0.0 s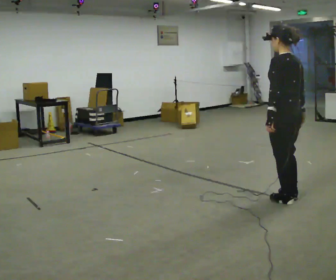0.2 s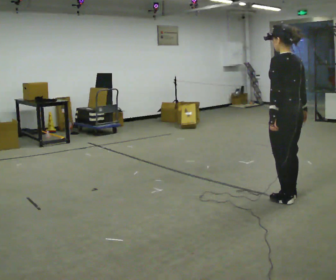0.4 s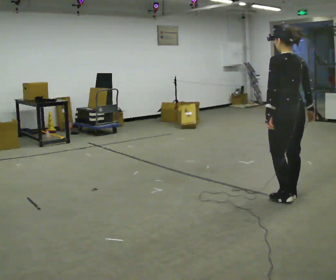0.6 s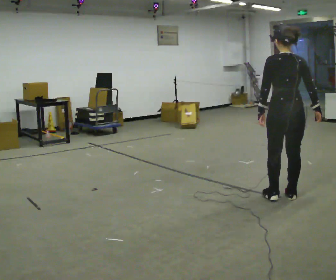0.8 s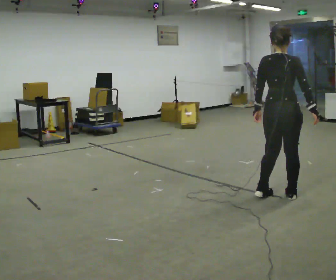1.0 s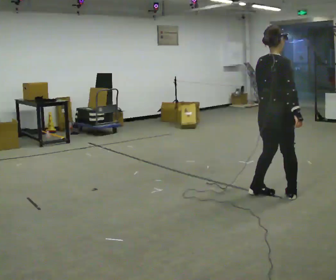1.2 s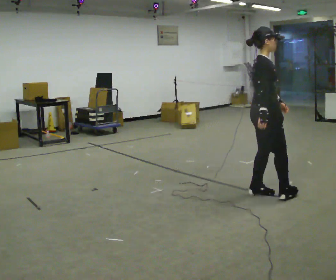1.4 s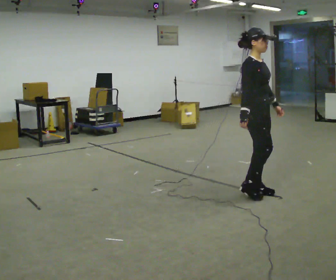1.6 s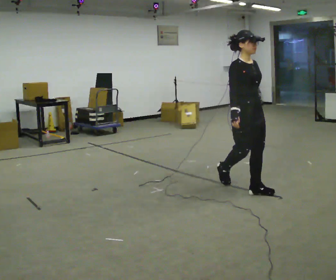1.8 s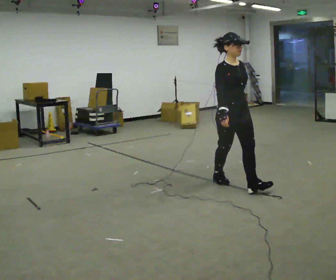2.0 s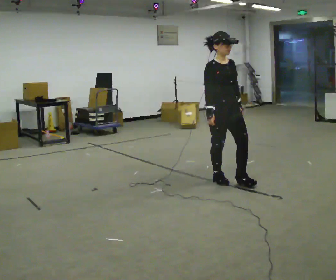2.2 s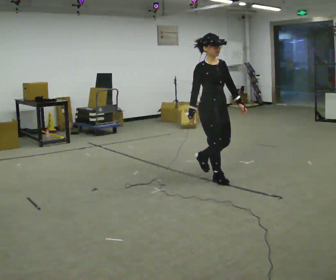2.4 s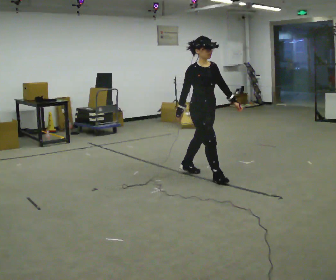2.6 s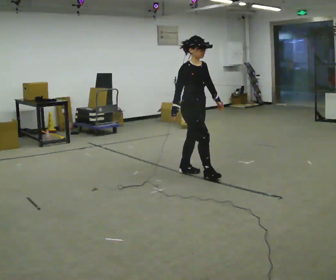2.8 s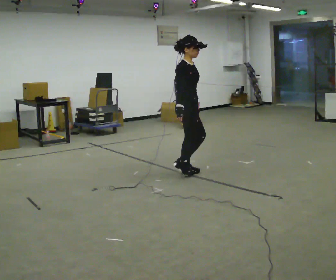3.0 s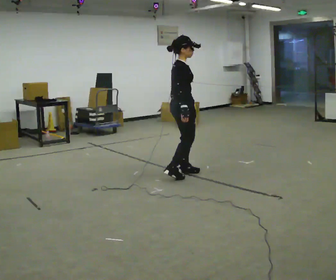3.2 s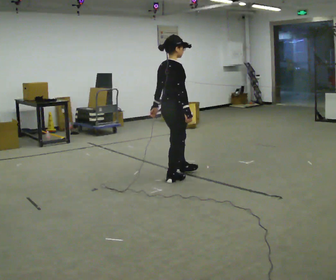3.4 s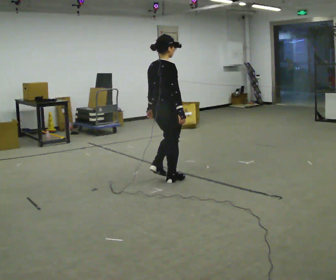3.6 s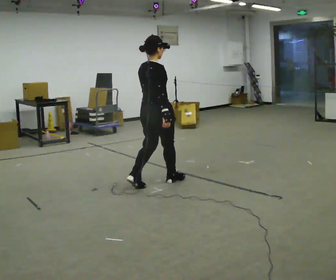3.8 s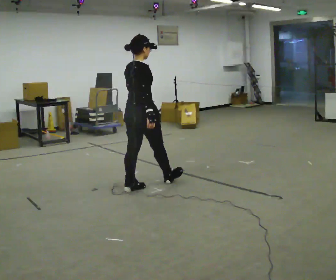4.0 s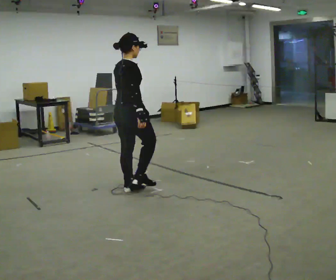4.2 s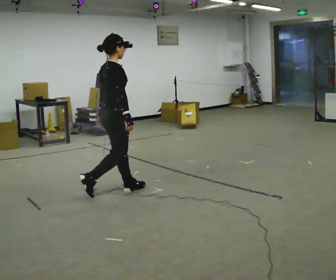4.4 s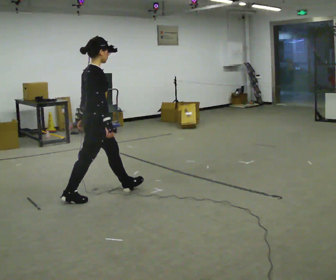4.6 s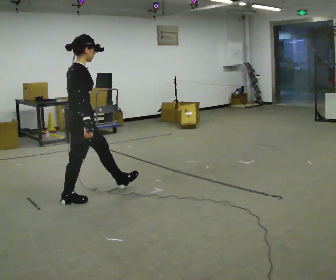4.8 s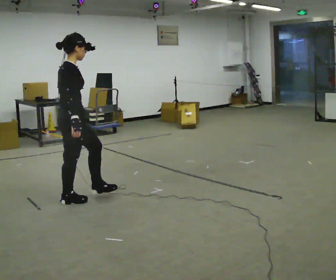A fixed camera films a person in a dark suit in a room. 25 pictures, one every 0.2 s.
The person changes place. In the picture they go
to the left.
The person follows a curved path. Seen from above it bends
counterclockwise.
0.0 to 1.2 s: Seen from above the body turns clockwise, about 120 degrees: to their right, with its near side sliding to the left. In the picture they go away from the camera and to the left, about 0.25 m in 2 steps.
1.2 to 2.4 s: The person turns about 45 degrees to their right, clockwise seen from above, so the part of the body nearest the lens slides to the left. In the picture they go away from the camera and to the left, about 1 m in 1 step.
2.4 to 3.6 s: The part of the body nearest the lens slides to the right as the person turns to their left by about 90 degrees. In the picture they go to the left and toward the camera, about 0.5 m in 2 steps.
3.6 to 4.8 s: In the picture they go to the left and toward the camera, about 1 m in 2 steps, which for them is backward.
The film runs backward here.
